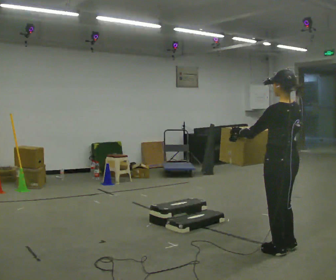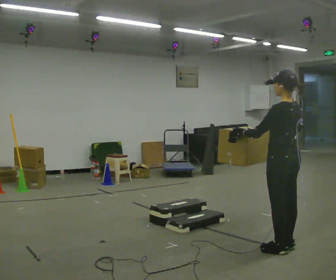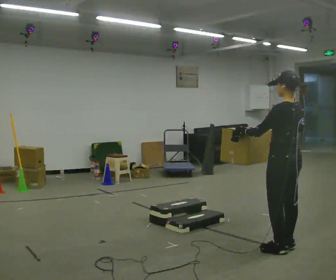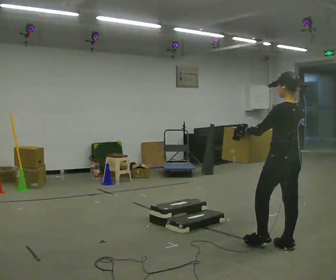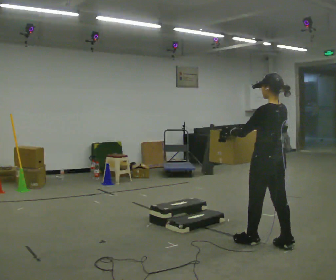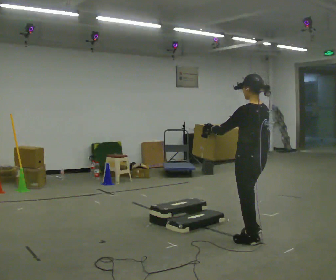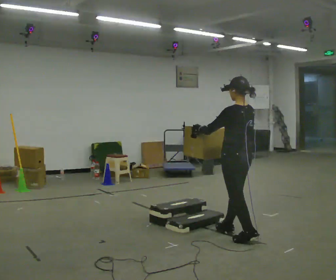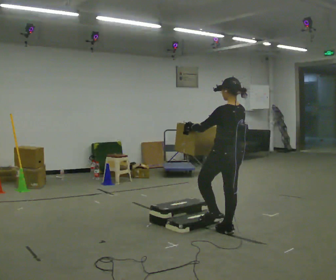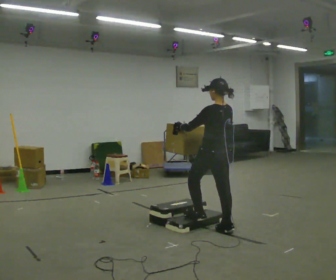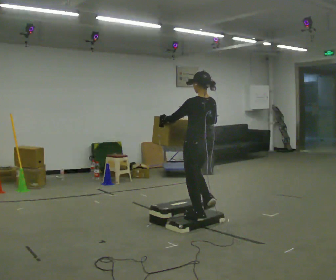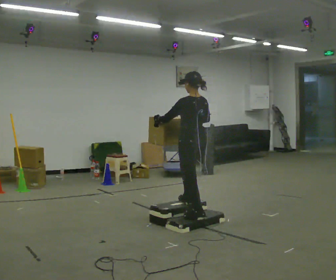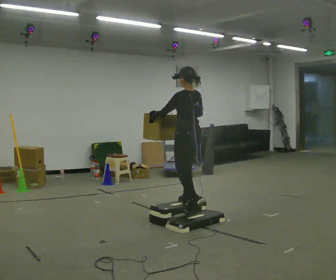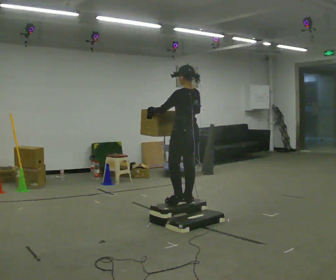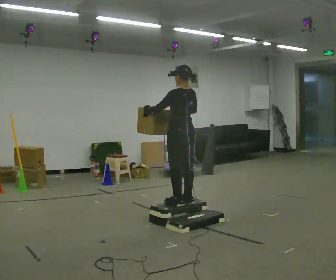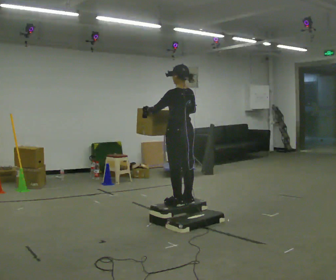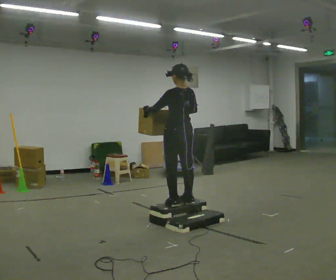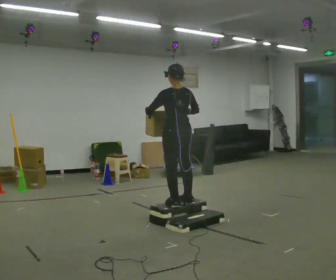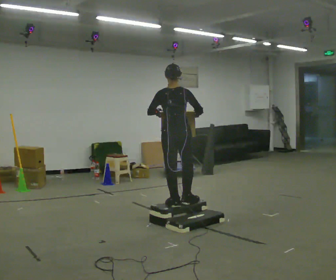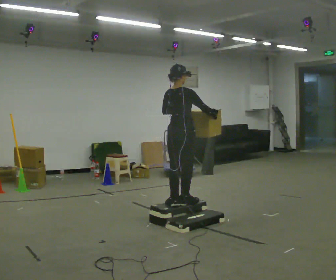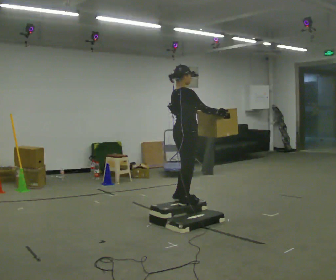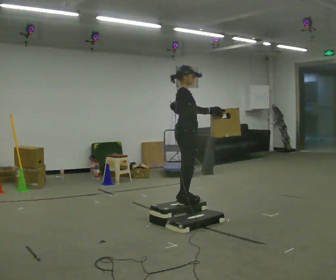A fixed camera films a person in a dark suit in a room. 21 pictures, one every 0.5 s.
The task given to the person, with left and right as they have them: Carry the box up the three steps, turn at the top, and carry it back down. Use the handrail only if you need it. Keep going until the operator says stop; one object at a time, and do not rush between trips.
0.0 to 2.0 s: In the picture they go away from the camera, about 0.25 m in 1 step, which for them is forward.
2.0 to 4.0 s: In the picture they go away from the camera and to the left, about 0.5 m in 2 steps, which for them is forward.
4.0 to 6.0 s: In the picture they go away from the camera and to the left, about 0.5 m in 2 steps, which for them is forward. The shoulders move upward.
6.0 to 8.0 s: The person moves a little, or ends about where they began.
8.0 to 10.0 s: Seen from above the body turns clockwise, about 105 degrees: to their right, with its near side sliding to the left. In the picture they go away from the camera, about 0.25 m in 1 step. In the picture their left hand goes to the right.
The film runs forward here.
